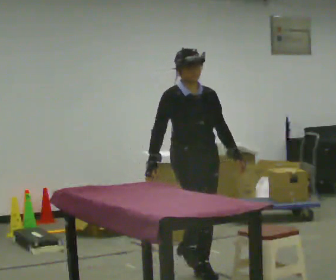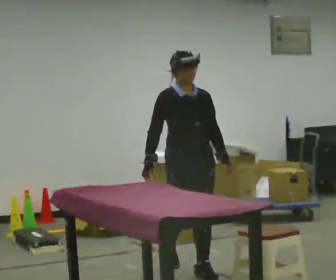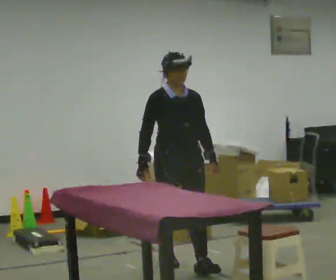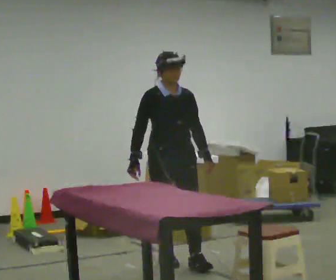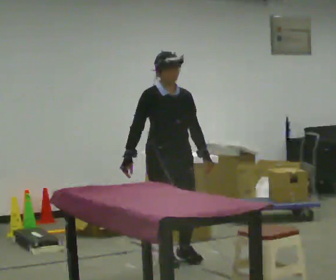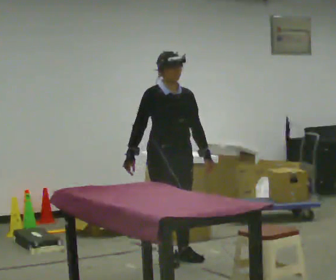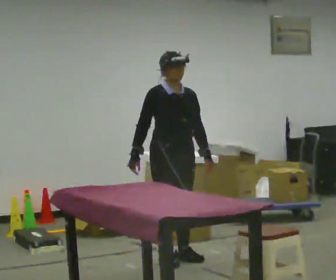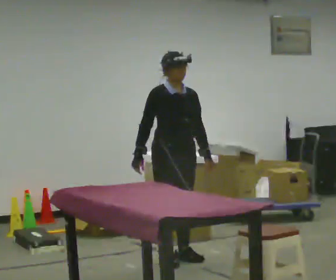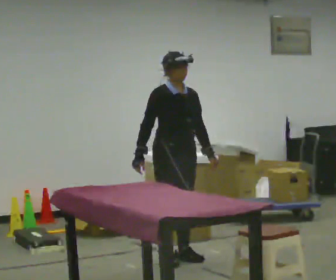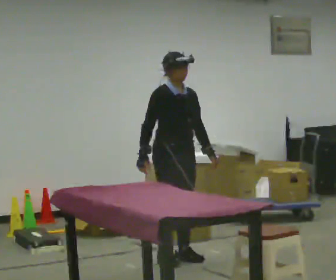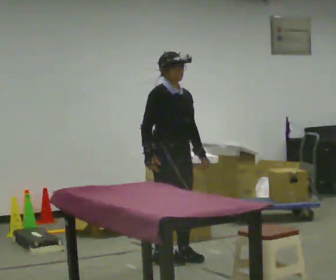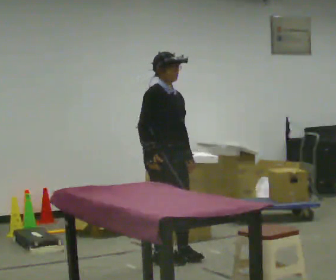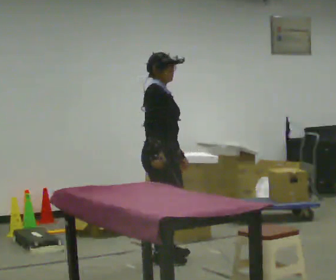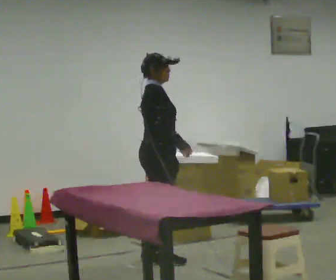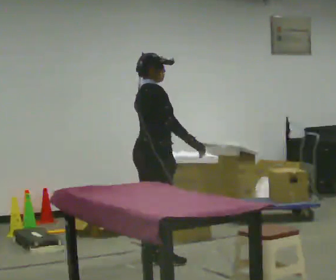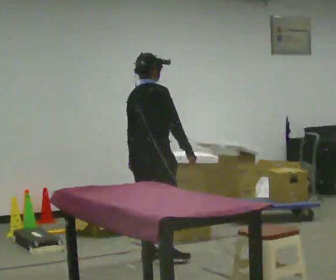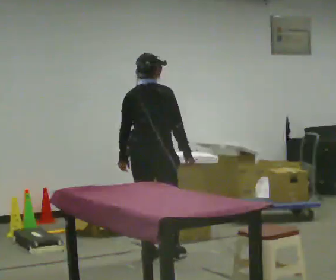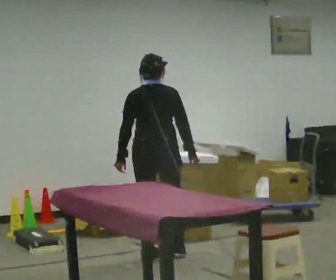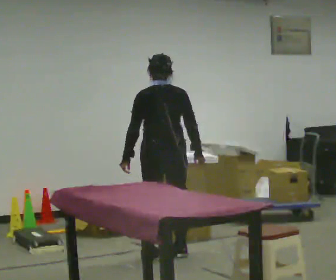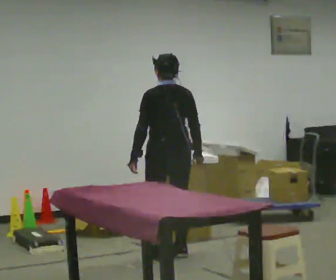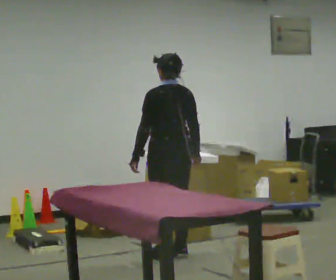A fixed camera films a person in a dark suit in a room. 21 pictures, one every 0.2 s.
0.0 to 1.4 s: In the picture they go away from the camera, about 0.5 m in 1 step, which for them is backward.
1.4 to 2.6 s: The part of the body nearest the lens slides to the right as the person turns to their left by about 75 degrees.
2.6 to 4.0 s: Seen from above the body turns counterclockwise, about 105 degrees: to their left, with its near side sliding to the right. In the picture they go away from the camera, about 0.25 m in 1 step.
The film runs backward here.
